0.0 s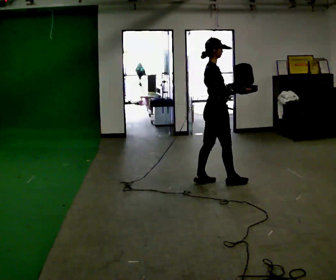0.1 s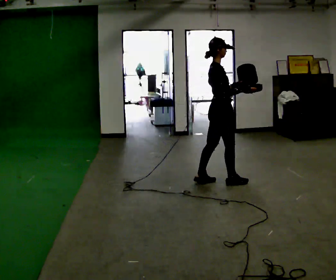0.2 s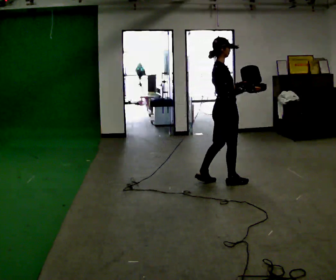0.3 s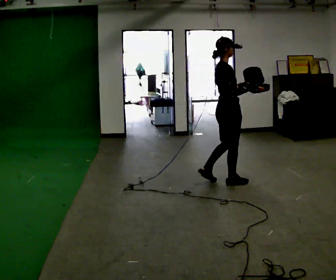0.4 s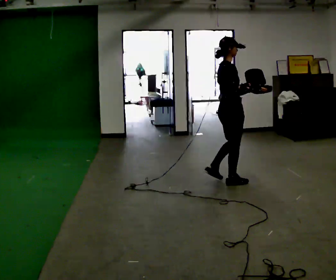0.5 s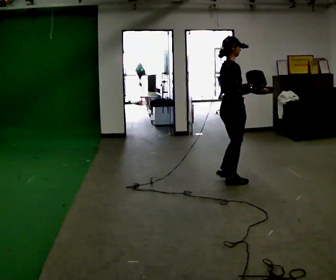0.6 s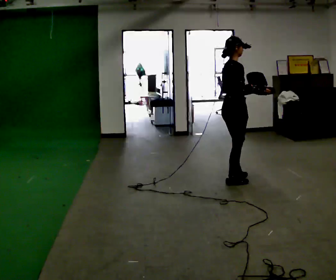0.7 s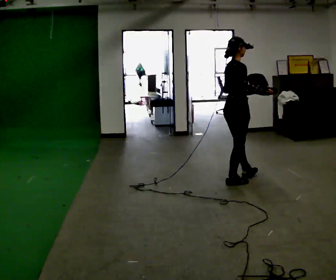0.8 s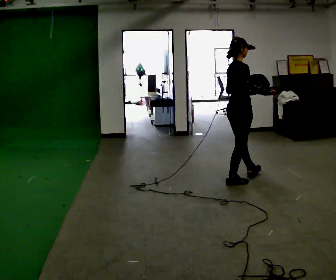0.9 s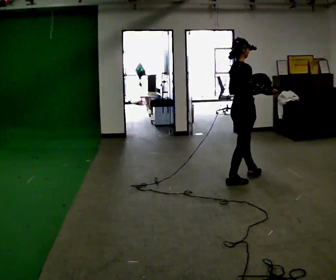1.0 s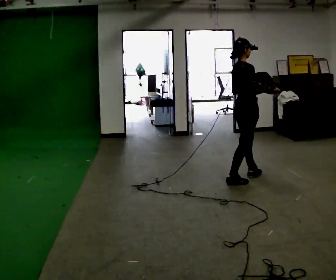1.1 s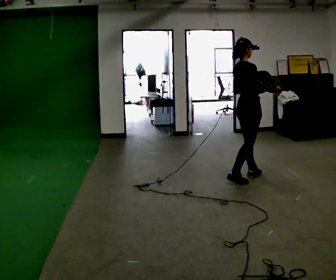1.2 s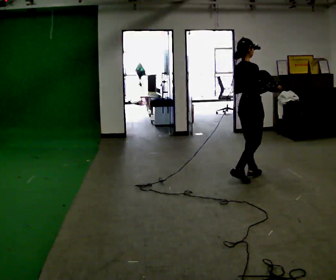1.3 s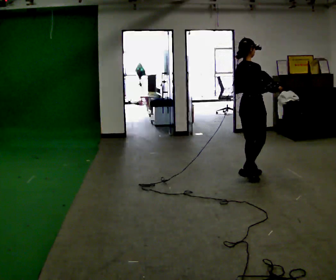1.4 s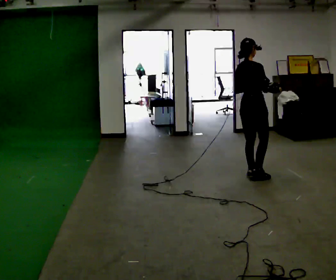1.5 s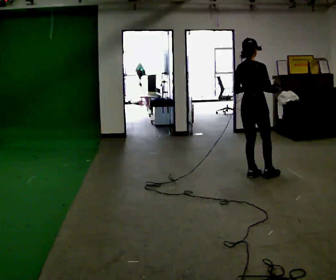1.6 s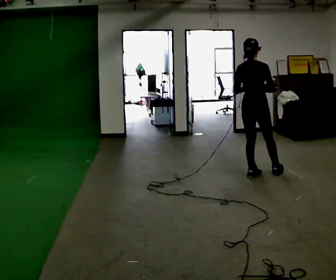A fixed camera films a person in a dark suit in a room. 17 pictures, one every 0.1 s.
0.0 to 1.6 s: The part of the body nearest the lens slides to the right as the person turns to their left by about 60 degrees. In the picture they go to the right and away from the camera, about 0.5 m in 1 step.
The film runs forward here.
